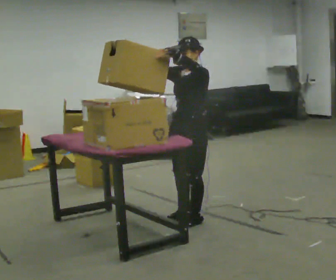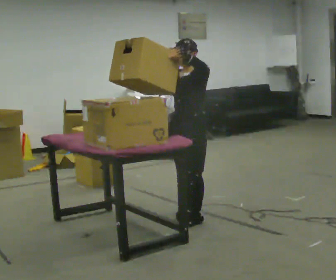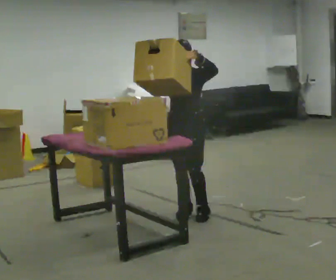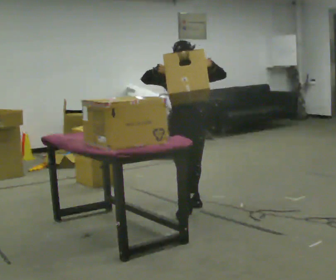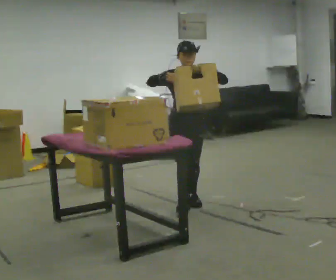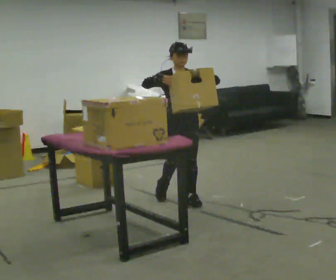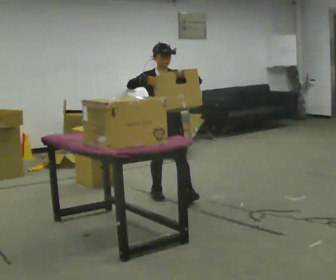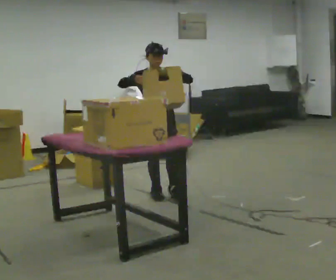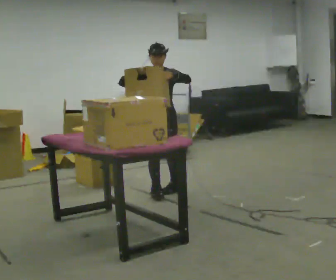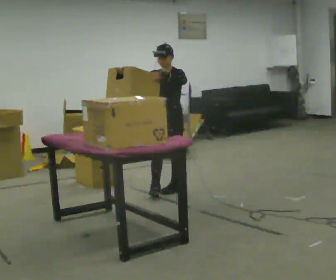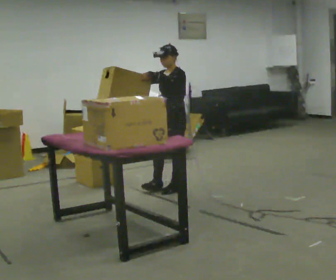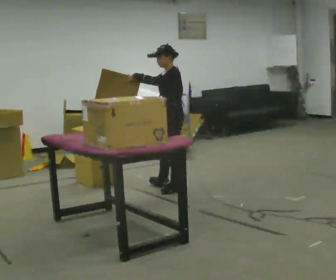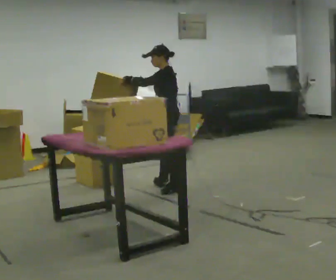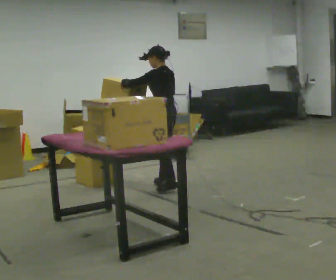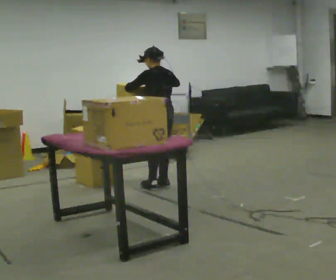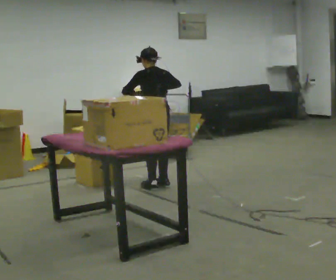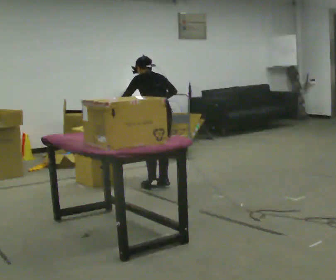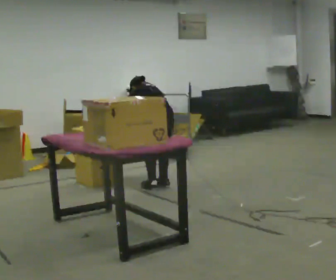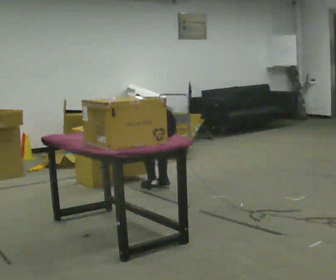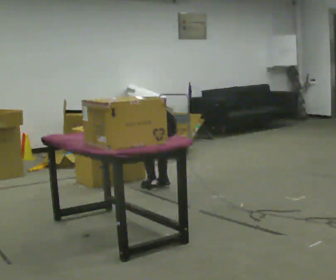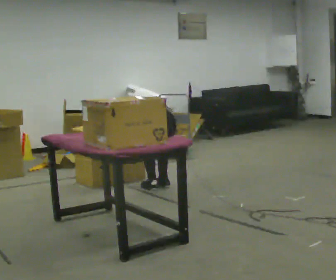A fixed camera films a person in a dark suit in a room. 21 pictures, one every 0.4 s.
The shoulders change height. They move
downward.
The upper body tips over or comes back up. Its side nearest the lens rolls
upward.
0.0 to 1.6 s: Seen from above the body turns counterclockwise, about 60 degrees: to their left, with its near side sliding to the right. In the picture they go away from the camera, about 0.5 m in 3 steps.
1.6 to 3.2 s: In the picture they go away from the camera and to the left, about 0.5 m in 1 step, which for them is backward.
3.2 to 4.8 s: Seen from above the body turns clockwise, about 90 degrees: to their right, with its near side sliding to the left. In the picture they go away from the camera, about 0.25 m in 1 step.
4.8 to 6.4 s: Seen from above the body turns clockwise, about 60 degrees: to their right, with its near side sliding to the left. The upper body tips away from the camera, its near side rolling upward, as they bend forward.
6.4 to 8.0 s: The upper body goes downward. The upper body tips away from the camera, its near side rolling upward, as they bend forward. In the picture their right hand goes downward.
The film runs backward here.
